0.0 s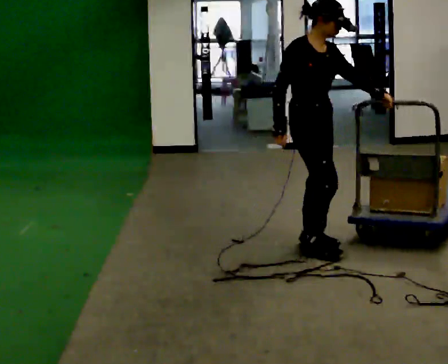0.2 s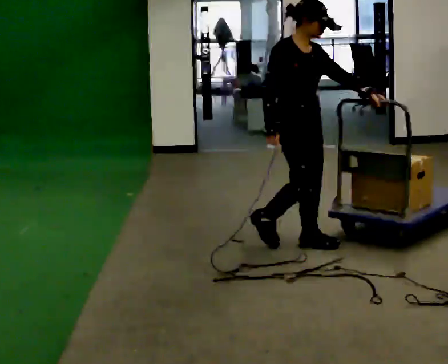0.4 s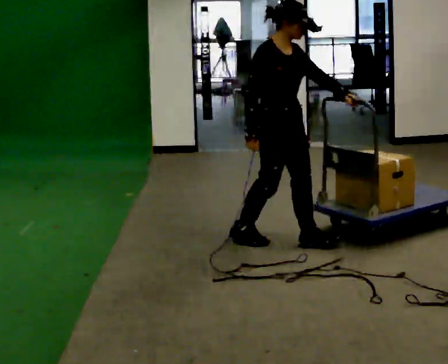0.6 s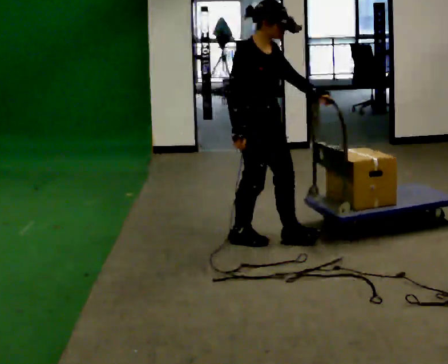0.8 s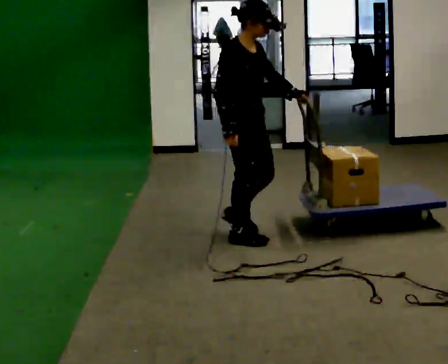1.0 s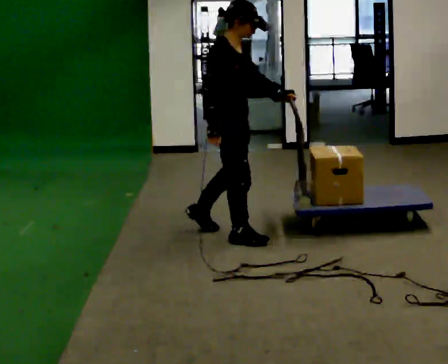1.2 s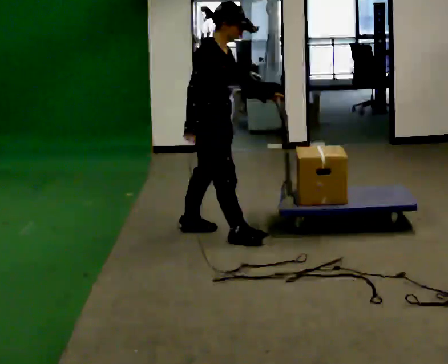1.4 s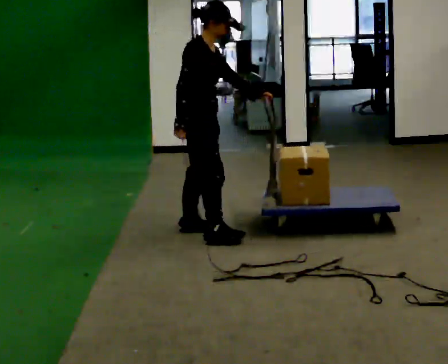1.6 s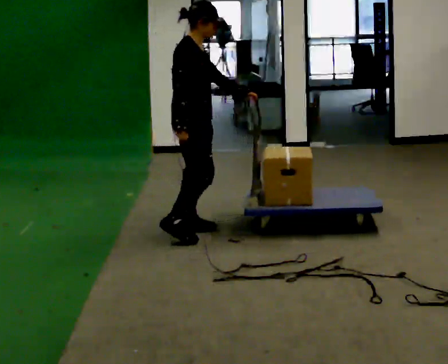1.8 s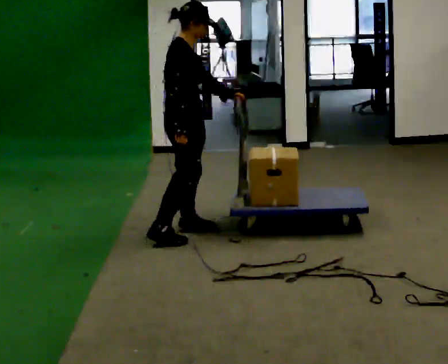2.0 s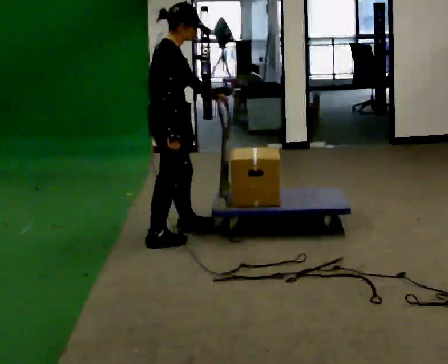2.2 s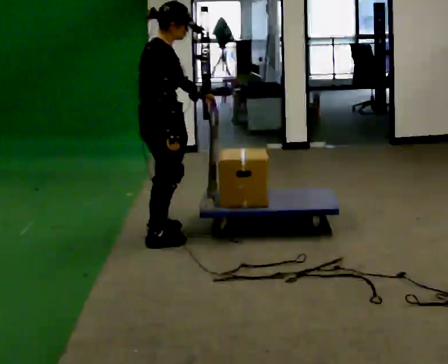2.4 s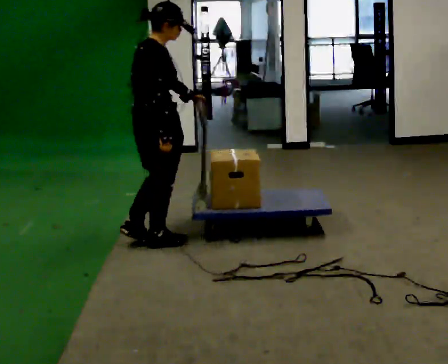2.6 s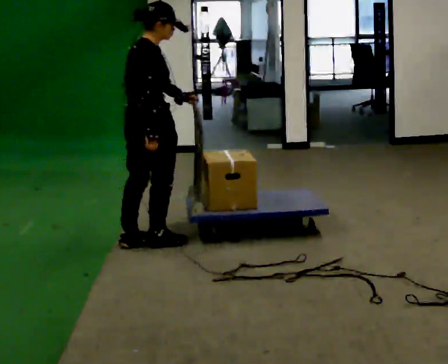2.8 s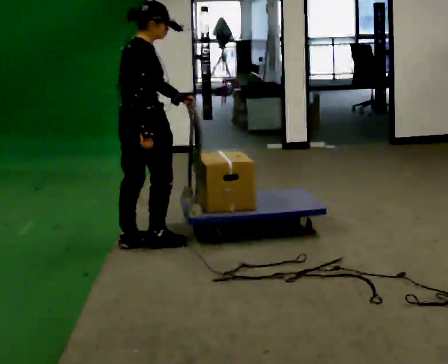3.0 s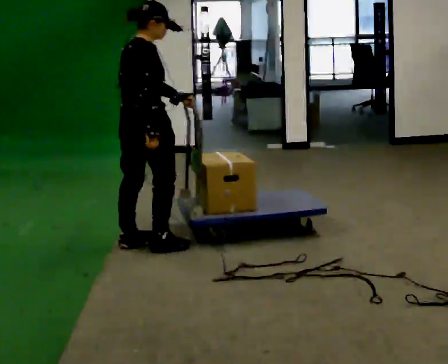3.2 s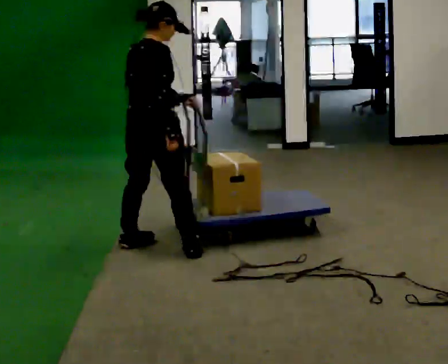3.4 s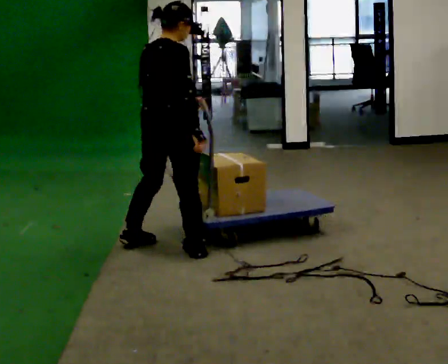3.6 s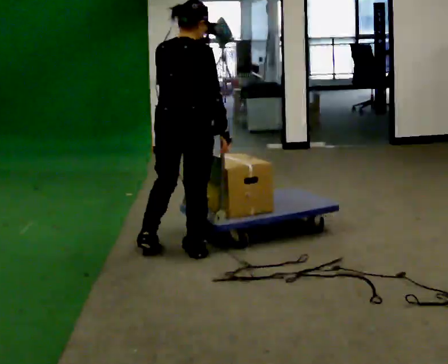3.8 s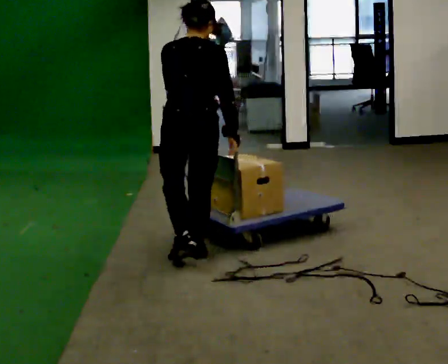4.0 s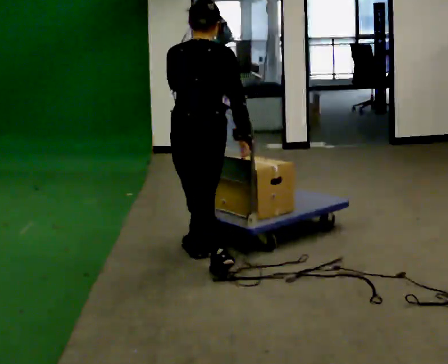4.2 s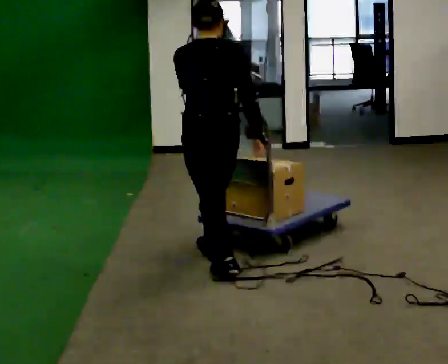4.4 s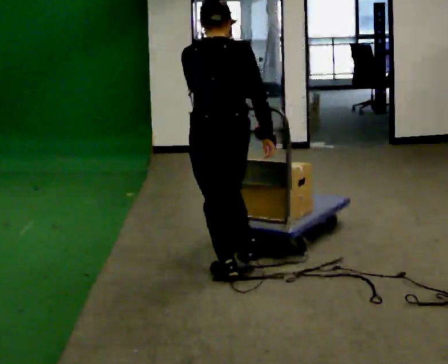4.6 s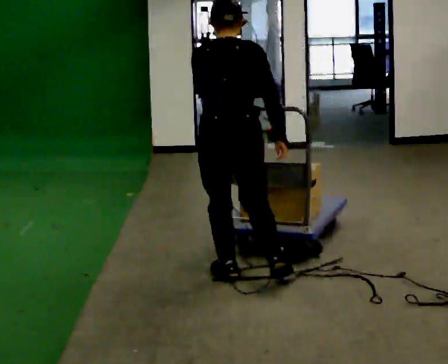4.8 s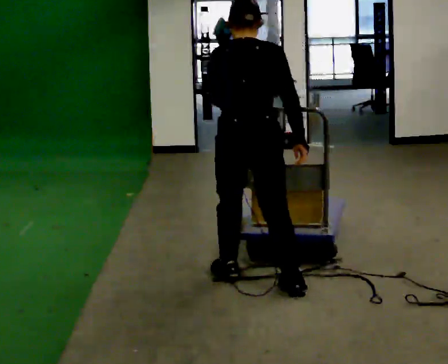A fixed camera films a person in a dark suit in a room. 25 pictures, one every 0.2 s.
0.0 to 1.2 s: Seen from above the body turns counterclockwise, about 30 degrees: to their left, with its near side sliding to the right. In the picture they go to the left and away from the camera, about 0.75 m in 1 step, which for them is backward.
1.2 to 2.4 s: The part of the body nearest the lens slides to the right as the person turns to their left by about 45 degrees. In the picture they go to the left and toward the camera, about 0.5 m in 2 steps, which for them is backward.
2.4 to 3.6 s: The person turns about 45 degrees to their left, counterclockwise seen from above, so the part of the body nearest the lens slides to the right. In the picture they go toward the camera and to the right, about 0.25 m in 2 steps, which for them is to their right.
3.6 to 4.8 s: In the picture they go toward the camera and to the right, about 0.5 m in 1 step, which for them is backward and to their right.
The film runs backward here.
